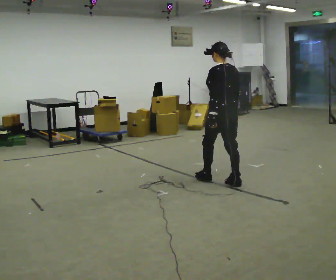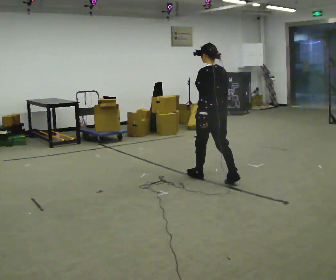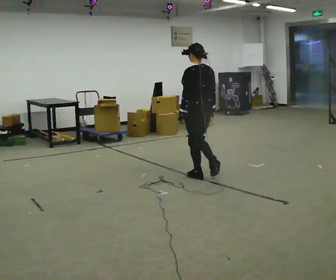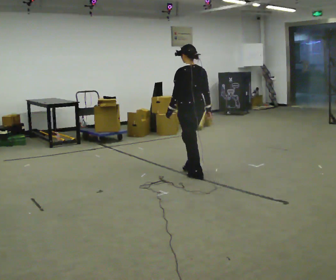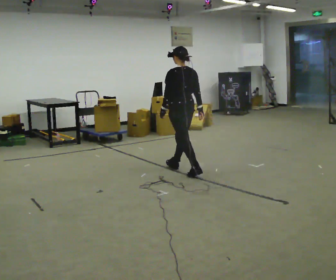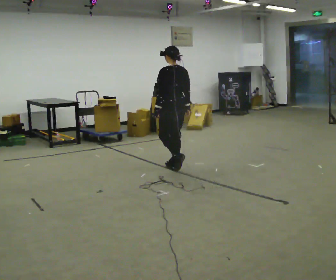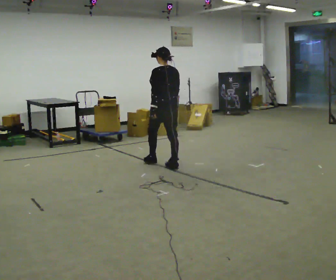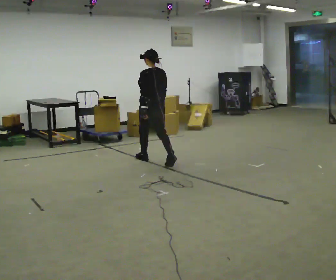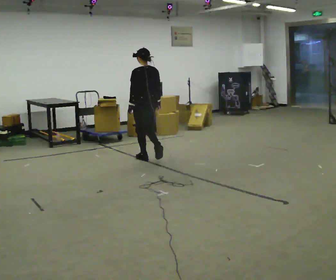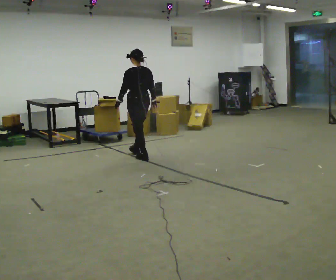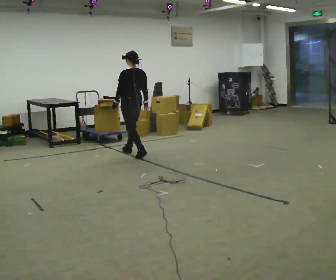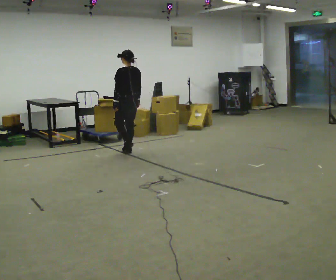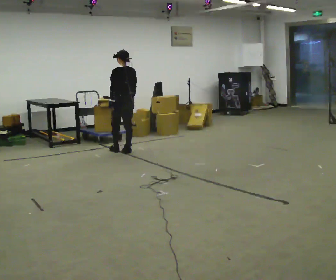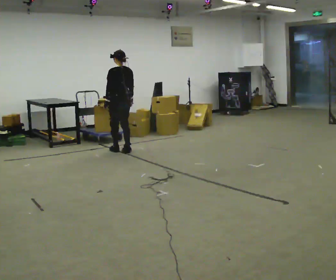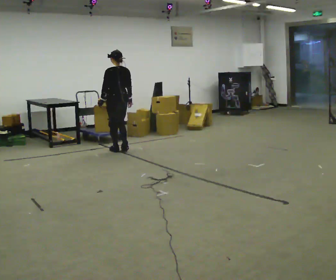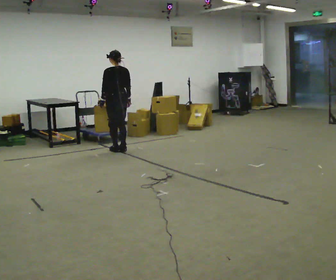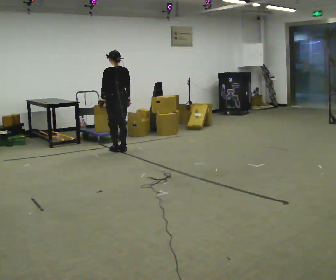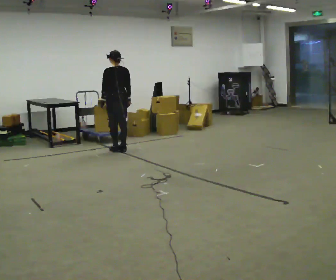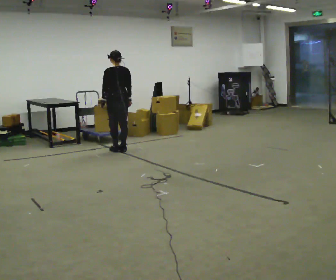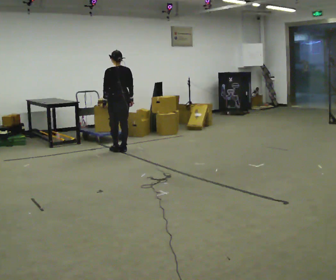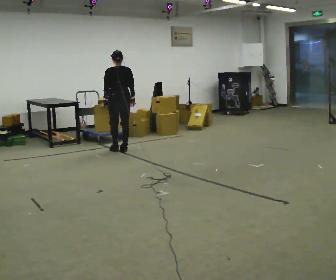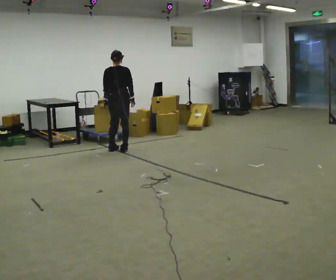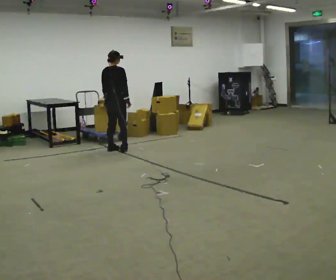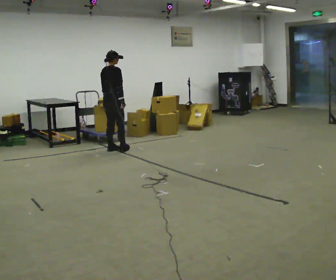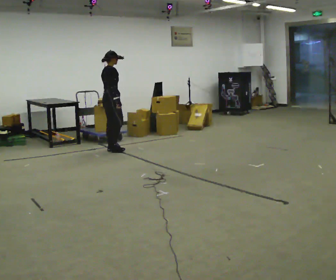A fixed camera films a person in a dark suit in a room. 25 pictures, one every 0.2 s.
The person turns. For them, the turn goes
to their right.
The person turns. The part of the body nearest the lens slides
to the left.
0.0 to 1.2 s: In the picture they go away from the camera and to the left, about 1 m in 2 steps, which for them is forward.
1.2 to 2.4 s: In the picture they go away from the camera and to the left, about 1 m in 2 steps, which for them is forward.
2.4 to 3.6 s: The person moves a little, or ends about where they began.
3.6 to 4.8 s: The person turns about 90 degrees to their right, clockwise seen from above, so the part of the body nearest the lens slides to the left. In the picture they go to the left, about 0.25 m.
The film runs forward here.
